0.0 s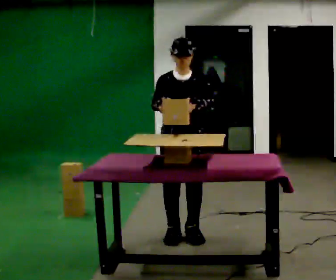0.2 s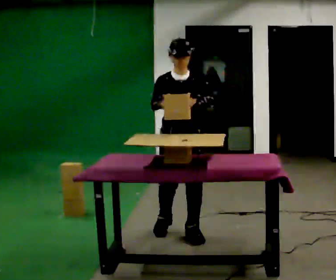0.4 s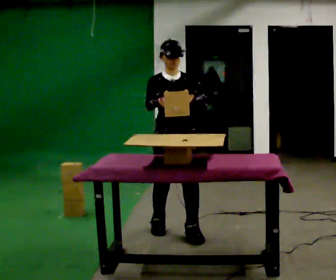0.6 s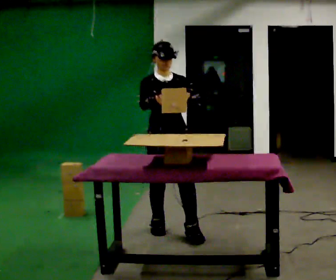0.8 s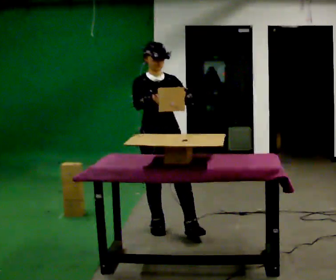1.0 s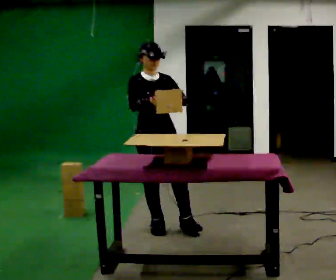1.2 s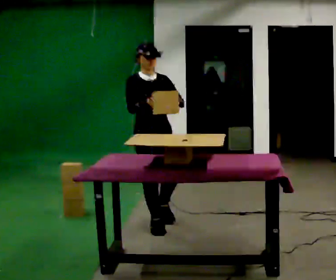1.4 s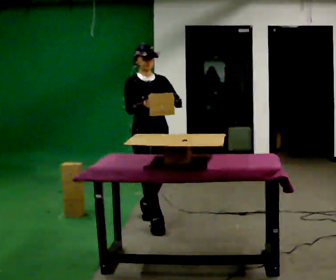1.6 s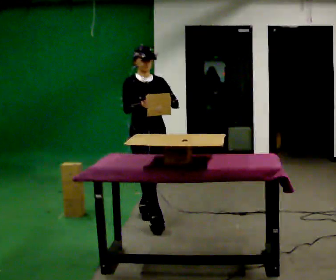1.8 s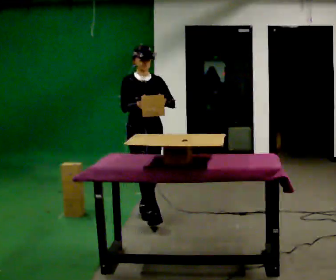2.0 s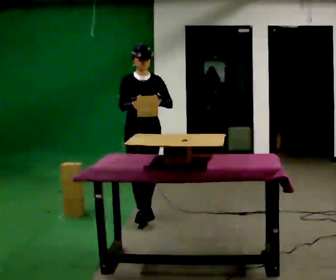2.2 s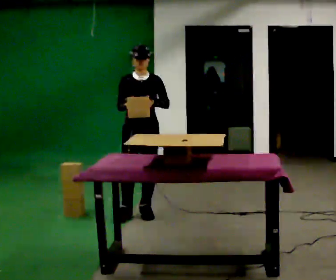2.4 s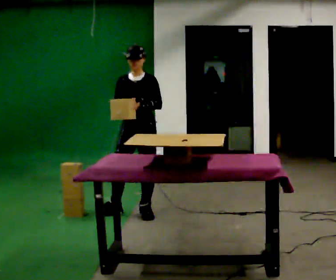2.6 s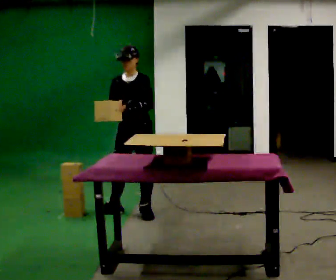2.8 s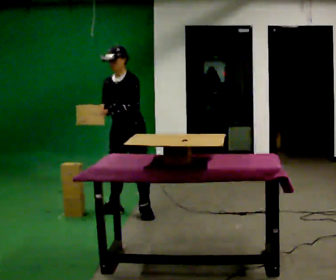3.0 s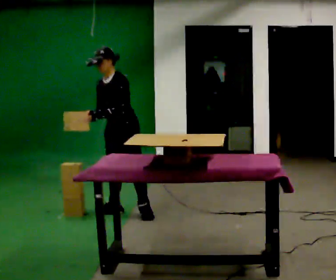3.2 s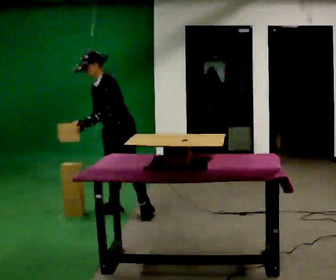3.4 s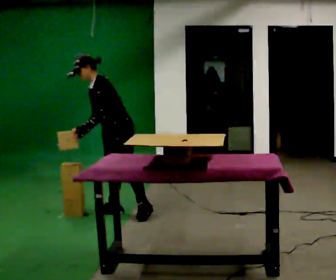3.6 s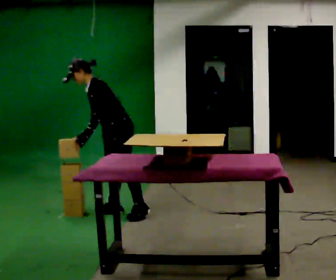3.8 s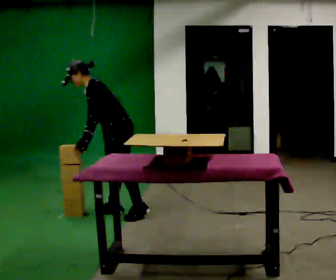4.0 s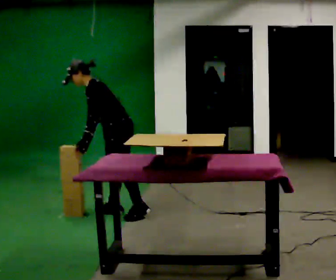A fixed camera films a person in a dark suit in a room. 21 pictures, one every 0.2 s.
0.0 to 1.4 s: Seen from above the body turns counterclockwise, about 30 degrees: to their left, with its near side sliding to the right. In the picture they go away from the camera and to the left, about 0.5 m in 1 step, which for them is backward and to their right.
1.4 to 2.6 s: The part of the body nearest the lens slides to the left as the person turns to their right by about 45 degrees. In the picture they go away from the camera, about 0.5 m in 1 step, which for them is backward.
2.6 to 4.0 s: Seen from above the body turns clockwise, about 60 degrees: to their right, with its near side sliding to the left. In the picture they go to the left, about 0.25 m, which for them is to their right. In the picture the upper body tilts counterclockwise, shoulders to the left, as they bend forward. In the picture their right hand goes downward.
The film runs backward here.
